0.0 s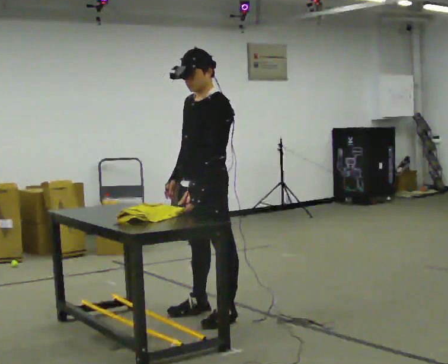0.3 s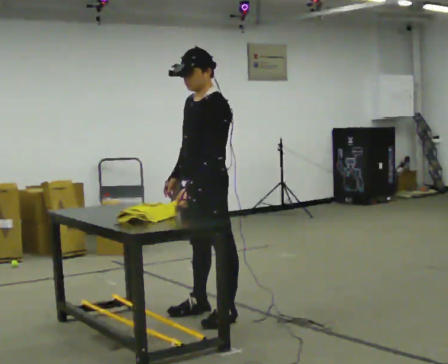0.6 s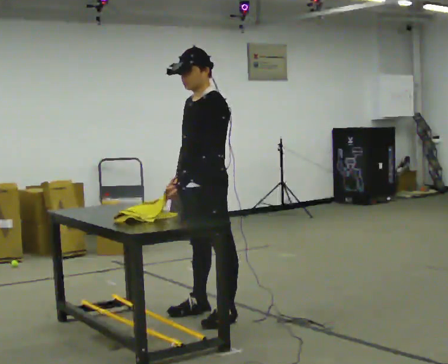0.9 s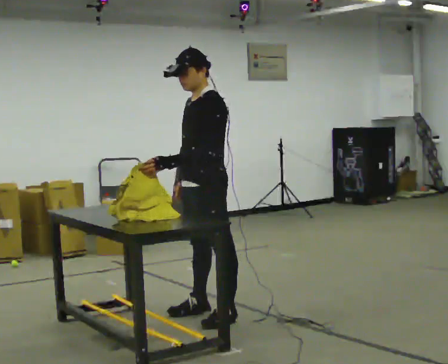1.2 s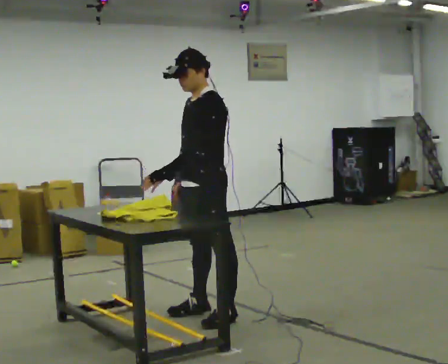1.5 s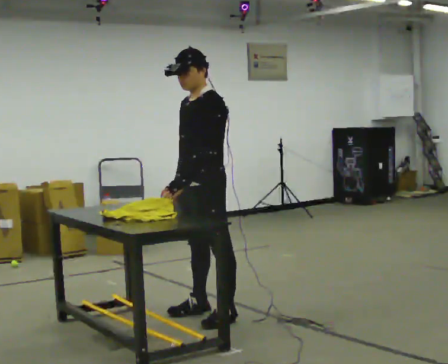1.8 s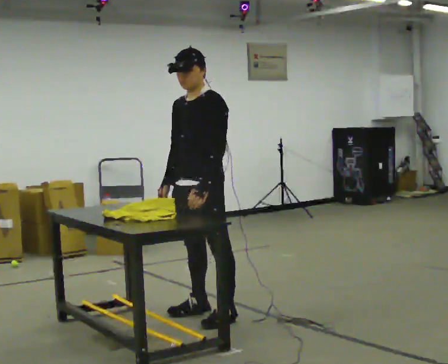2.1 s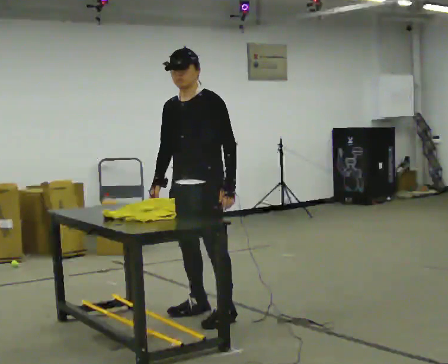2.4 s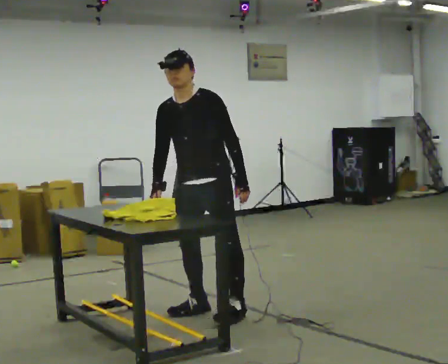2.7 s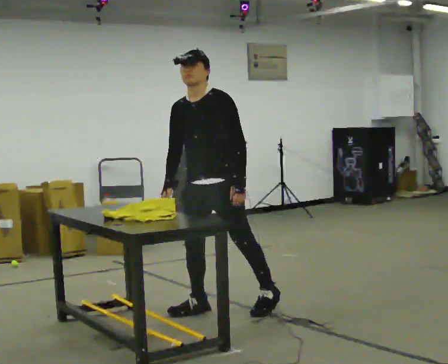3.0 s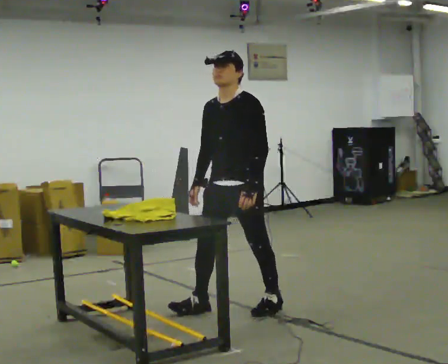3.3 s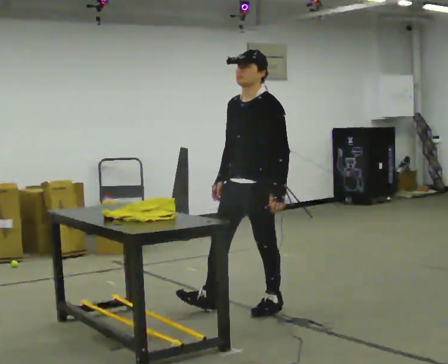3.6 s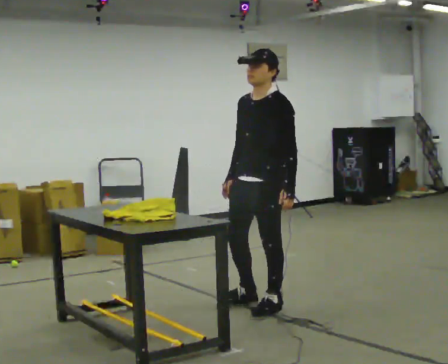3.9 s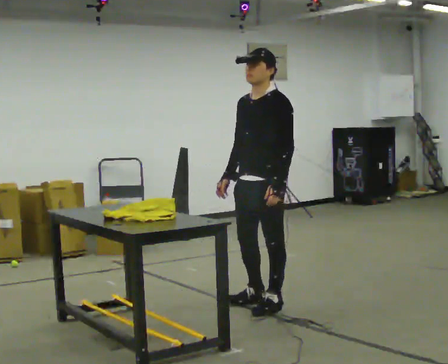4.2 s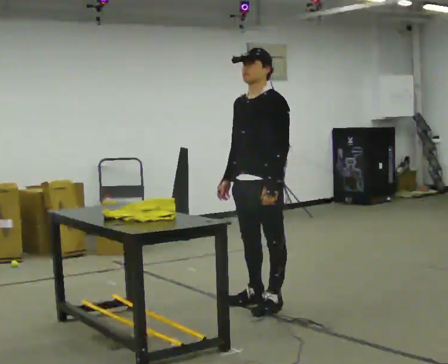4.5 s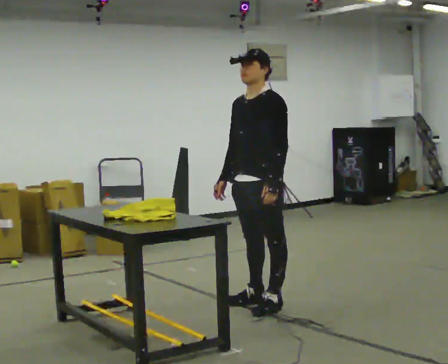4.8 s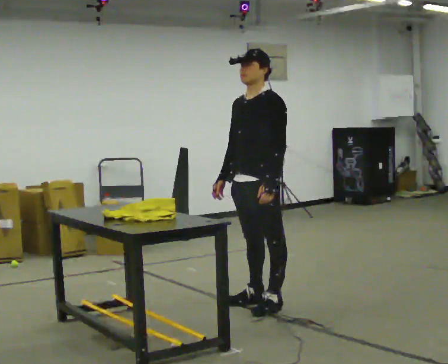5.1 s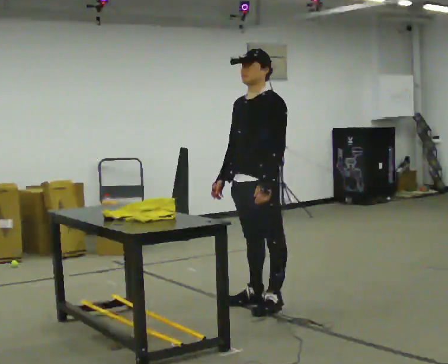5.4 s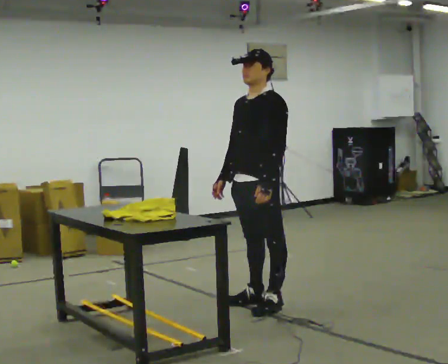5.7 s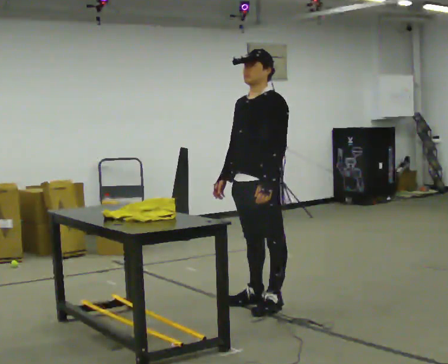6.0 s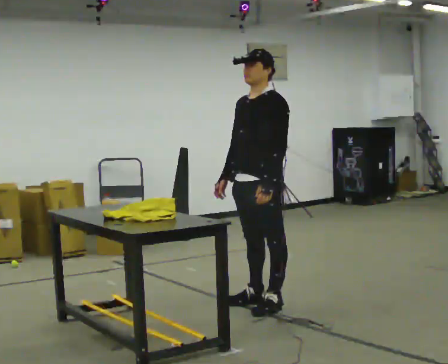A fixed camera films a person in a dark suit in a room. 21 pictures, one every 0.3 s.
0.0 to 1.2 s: The person moves a little, or ends about where they began.
1.2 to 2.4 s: The part of the body nearest the lens slides to the right as the person turns to their left by about 30 degrees. In the picture their left hand goes to the right, the arm swinging counterclockwise.
2.4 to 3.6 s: In the picture they go to the right, about 0.5 m in 1 step, which for them is backward and to their left. In the picture the upper body tilts clockwise, shoulders to the right.
3.6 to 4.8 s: The person moves a little, or ends about where they began.
4.8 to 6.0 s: The person keeps their place and pose.
The film runs forward here.
